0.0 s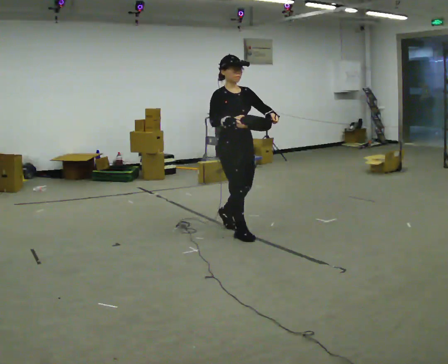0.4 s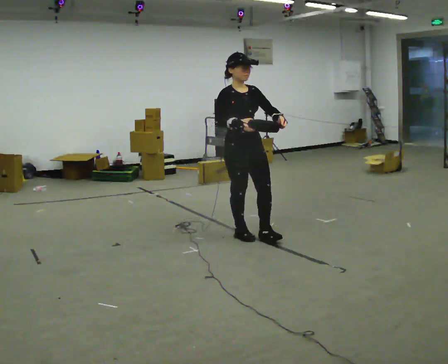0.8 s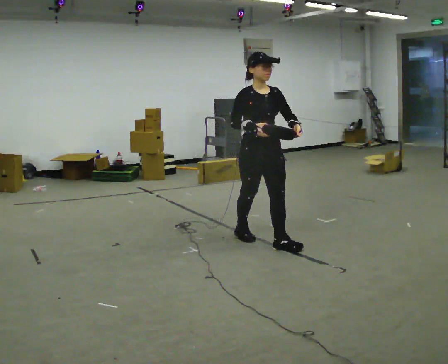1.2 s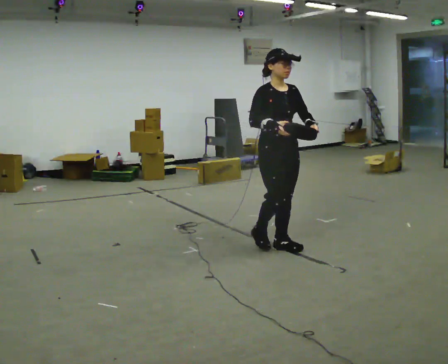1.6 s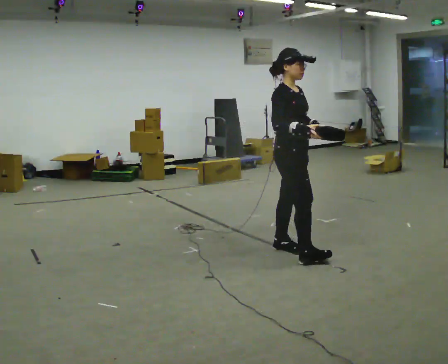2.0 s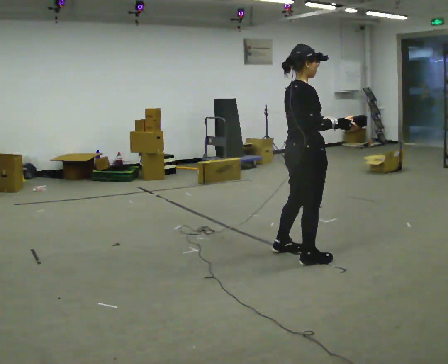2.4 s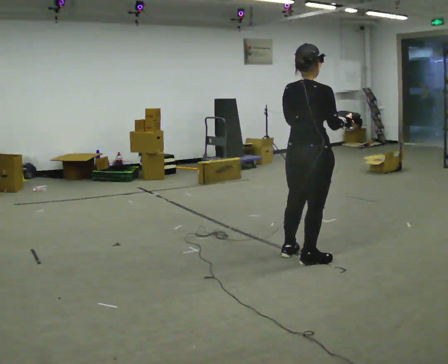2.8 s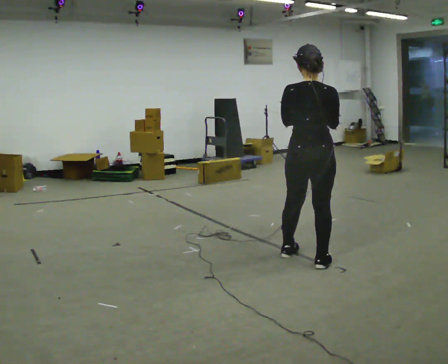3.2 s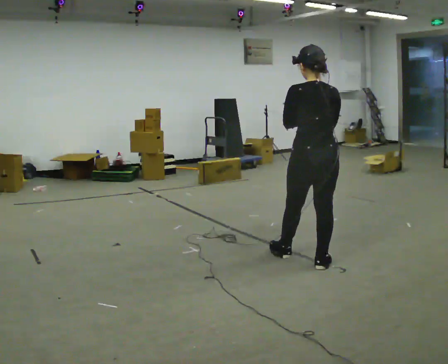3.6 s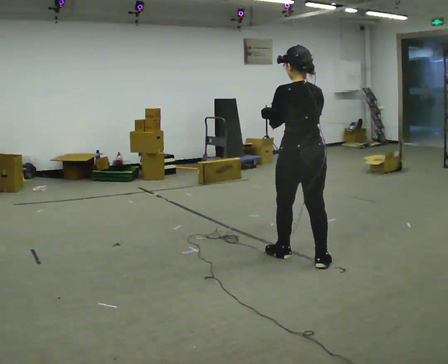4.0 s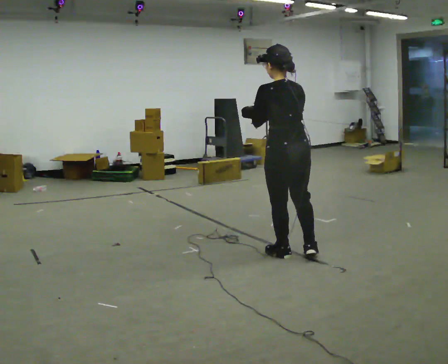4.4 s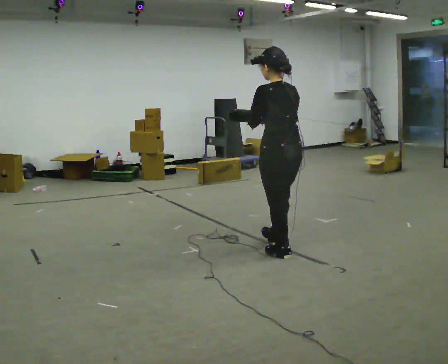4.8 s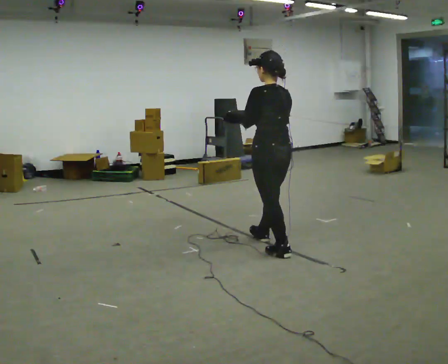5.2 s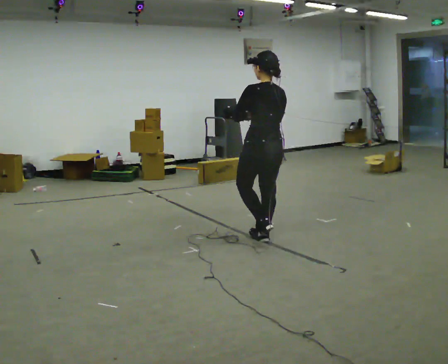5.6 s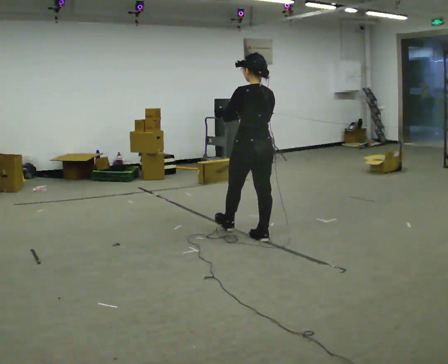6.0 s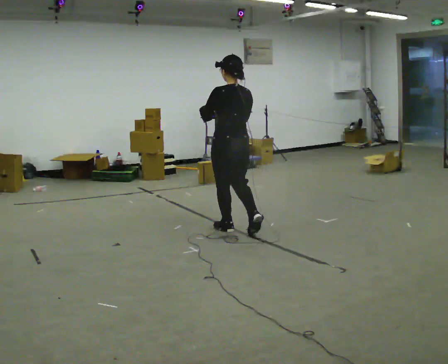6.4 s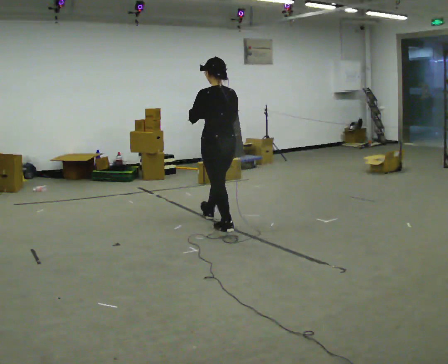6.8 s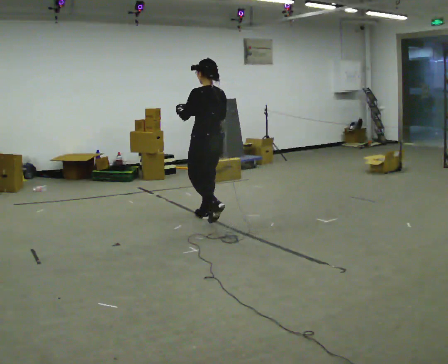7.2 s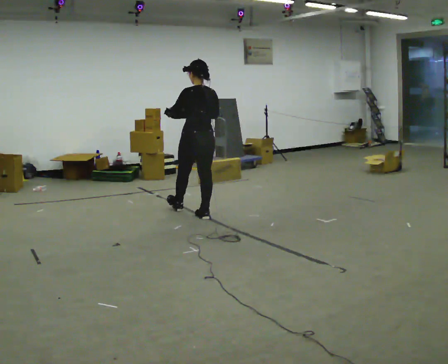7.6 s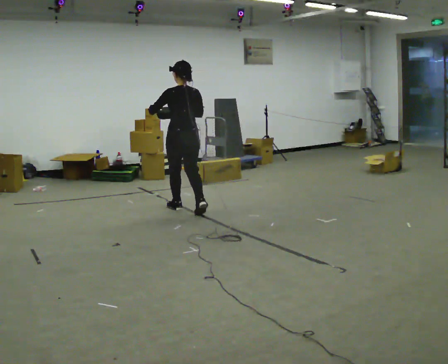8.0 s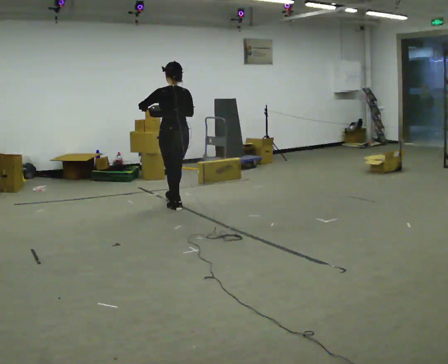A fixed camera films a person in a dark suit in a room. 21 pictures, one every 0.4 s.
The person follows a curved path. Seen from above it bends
clockwise.
0.0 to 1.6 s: The person turns about 30 degrees to their left, counterclockwise seen from above, so the part of the body nearest the lens slides to the right. In the picture they go to the right and toward the camera, about 0.5 m in 2 steps, which for them is forward.
1.6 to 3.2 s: The part of the body nearest the lens slides to the right as the person turns to their left by about 120 degrees. In the picture they go toward the camera and to the right, about 0.25 m in 2 steps.
3.2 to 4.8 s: The part of the body nearest the lens slides to the right as the person turns to their left by about 30 degrees. In the picture they go to the left and away from the camera, about 0.5 m in 1 step, which for them is forward.
4.8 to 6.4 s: In the picture they go to the left and away from the camera, about 1 m in 1 step, which for them is forward.
6.4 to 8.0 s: In the picture they go to the left and away from the camera, about 1 m in 2 steps, which for them is forward.
The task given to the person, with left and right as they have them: Carry the bag and, while walking, undo the buckle or zip, then do it up again. Keep repeating as you walk. Do not stop.
The film runs forward here.
